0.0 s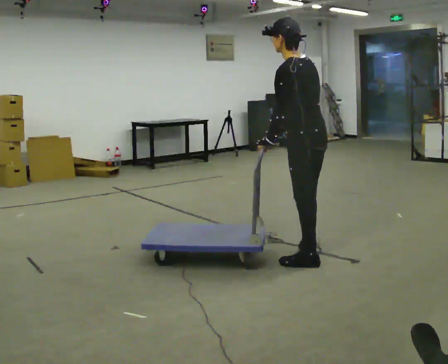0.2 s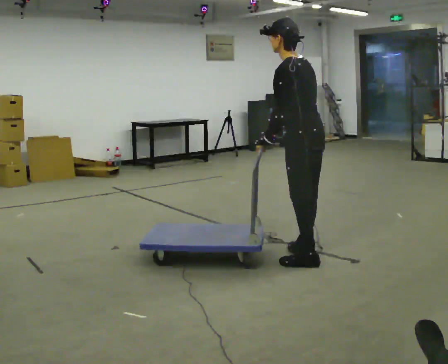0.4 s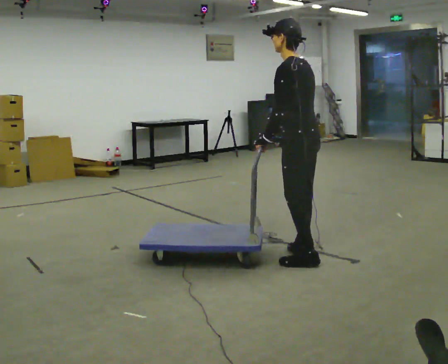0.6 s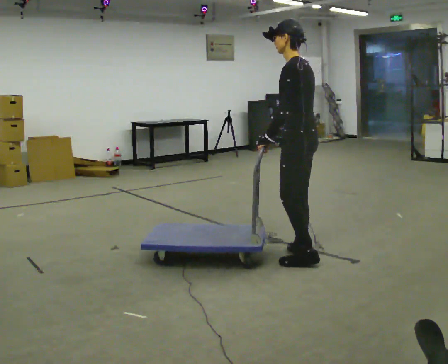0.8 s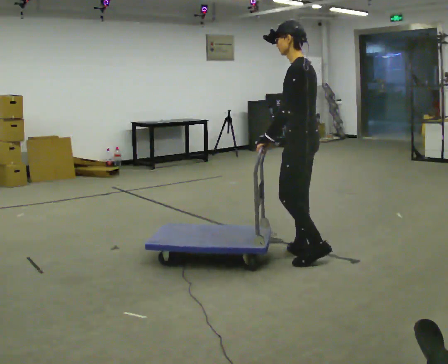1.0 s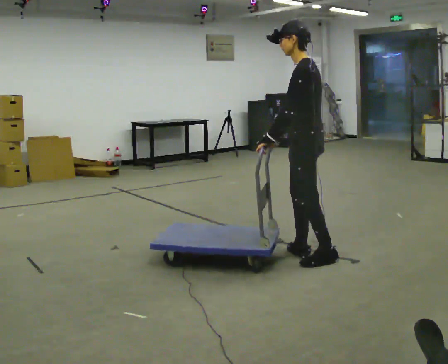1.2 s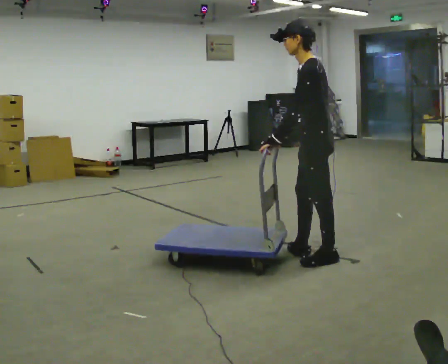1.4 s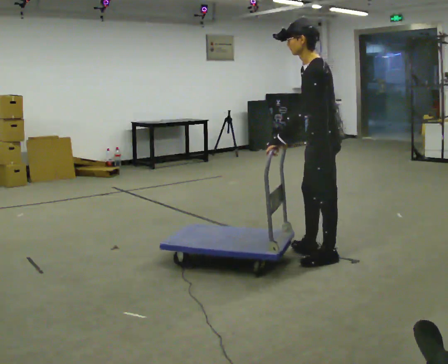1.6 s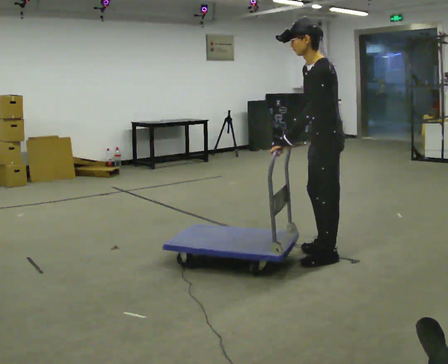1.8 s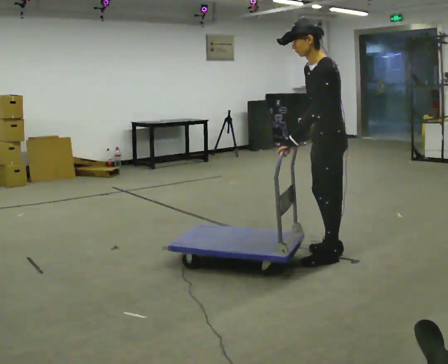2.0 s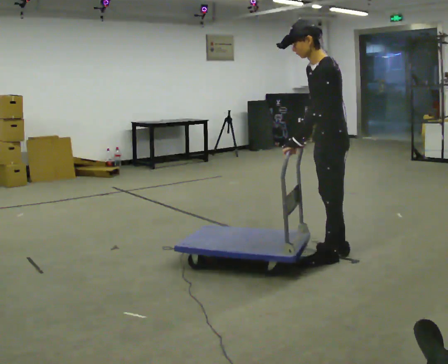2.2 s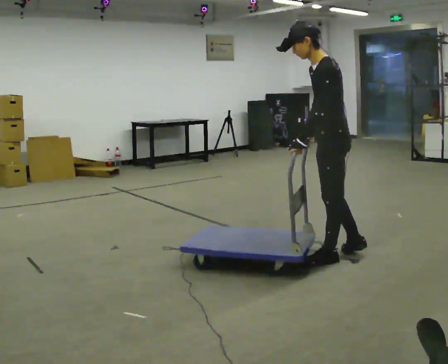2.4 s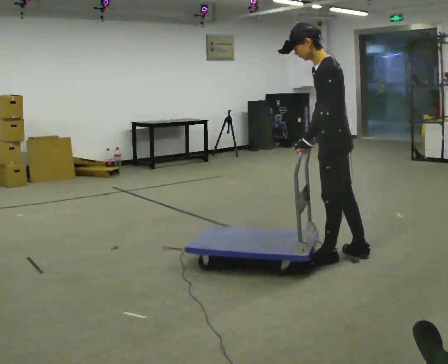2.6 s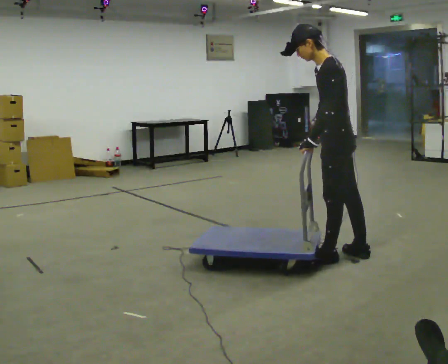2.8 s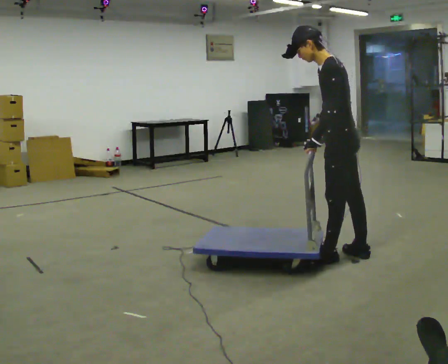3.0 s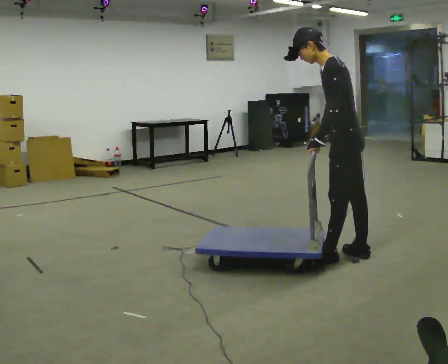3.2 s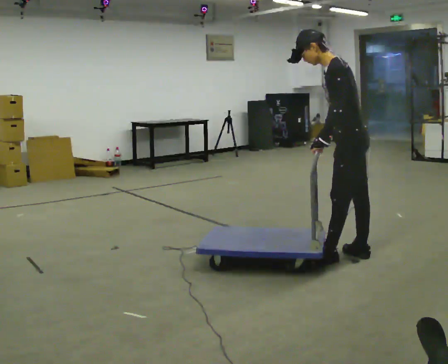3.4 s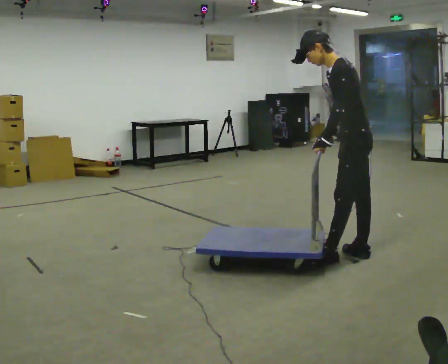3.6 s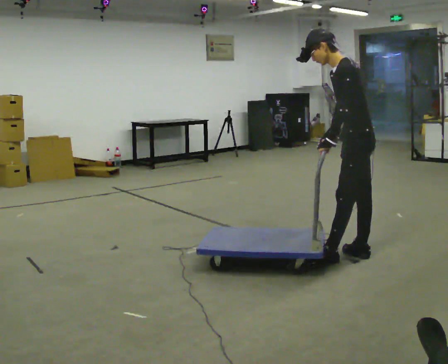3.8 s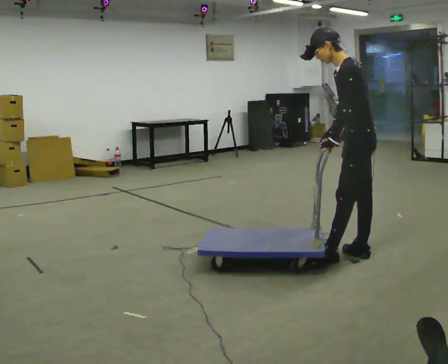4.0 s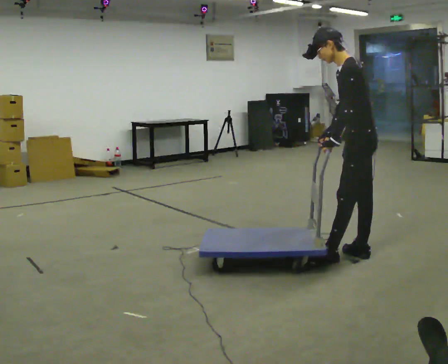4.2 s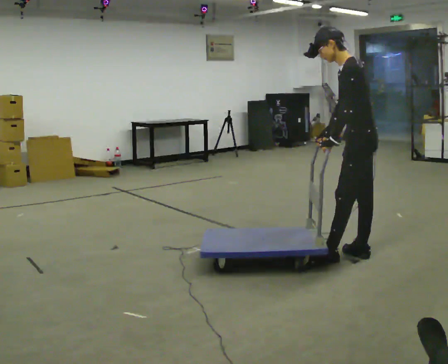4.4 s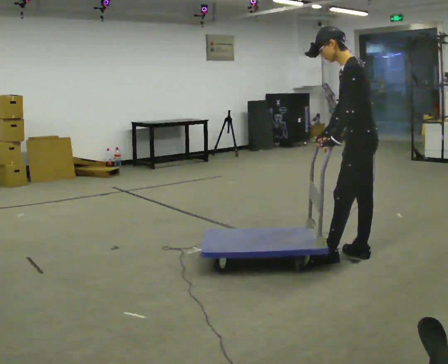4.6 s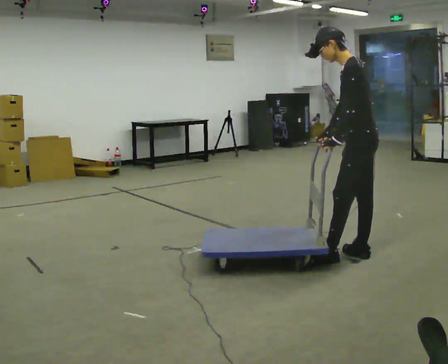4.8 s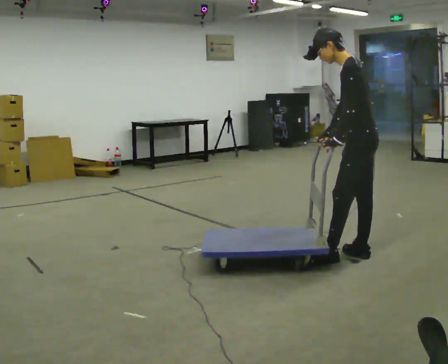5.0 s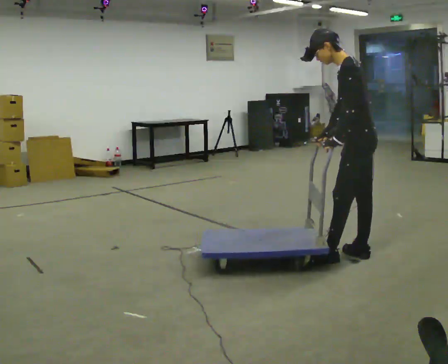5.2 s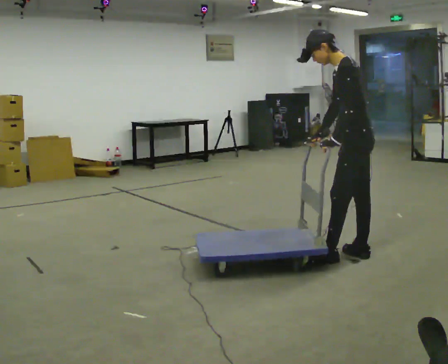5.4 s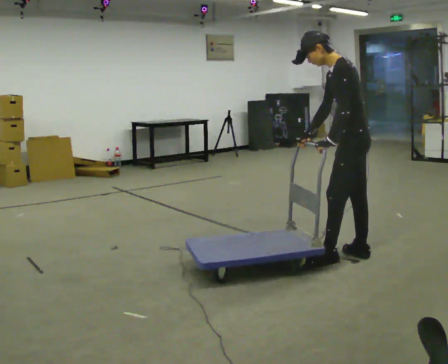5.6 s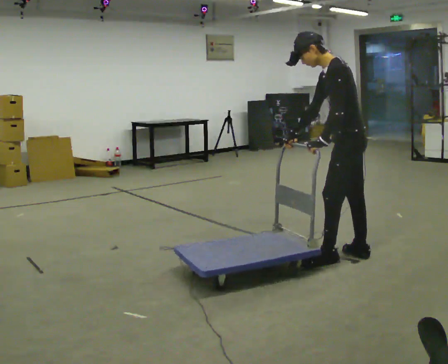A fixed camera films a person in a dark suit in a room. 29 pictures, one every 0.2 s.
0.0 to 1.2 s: The person turns about 30 degrees to their left, counterclockwise seen from above, so the part of the body nearest the lens slides to the right.
1.2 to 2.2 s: The person moves a little, or ends about where they began.
2.2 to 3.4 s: In the picture they go to the right, about 0.25 m, which for them is backward.
3.4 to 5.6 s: The person moves a little, or ends about where they began.
The film runs backward here.
